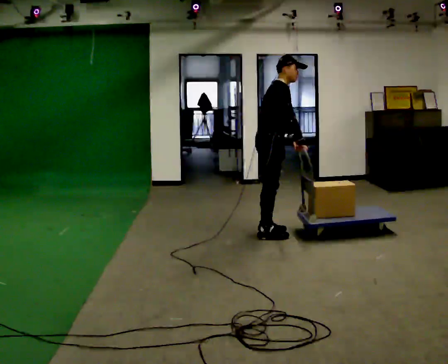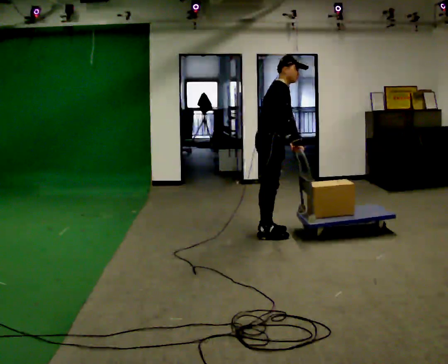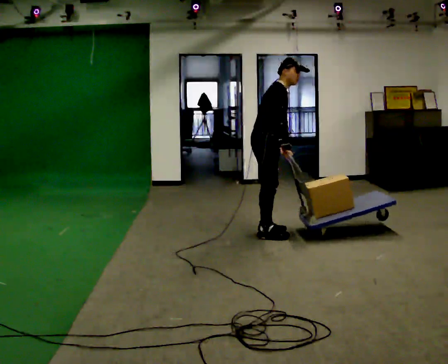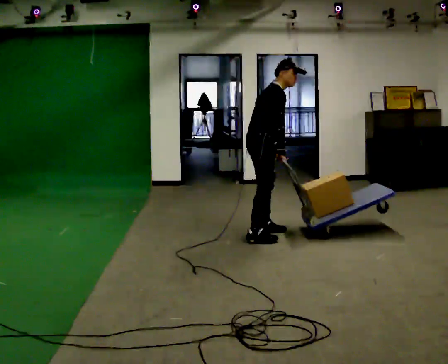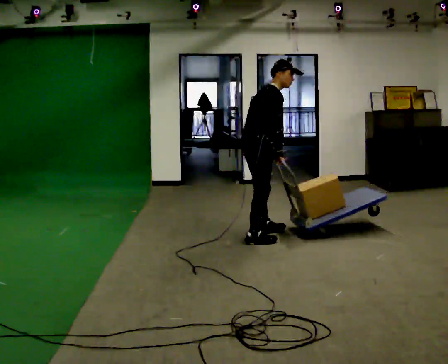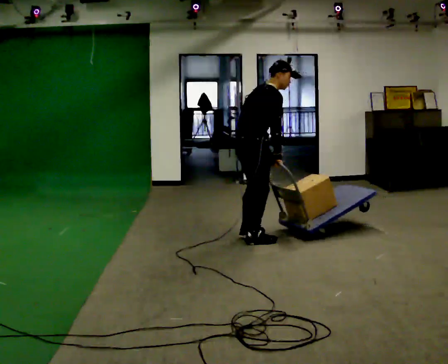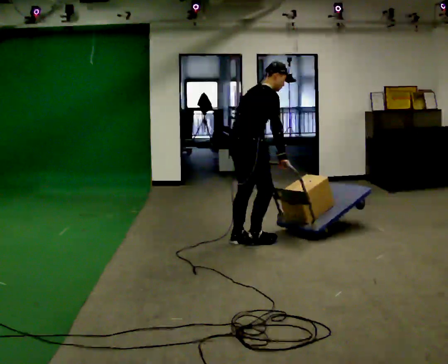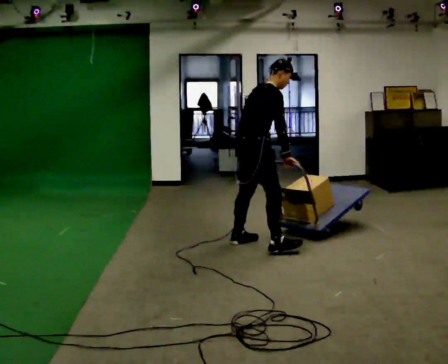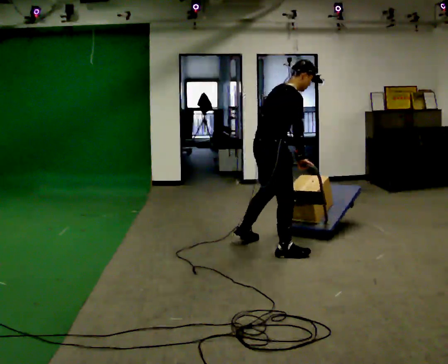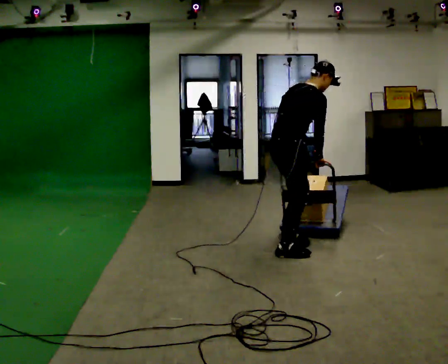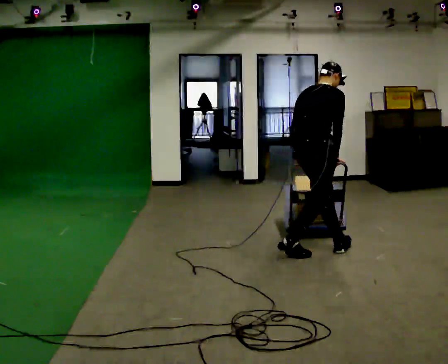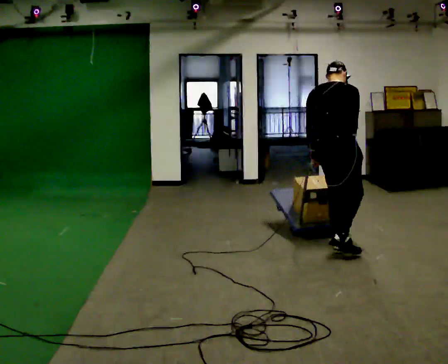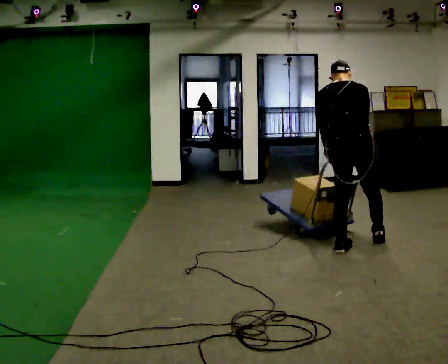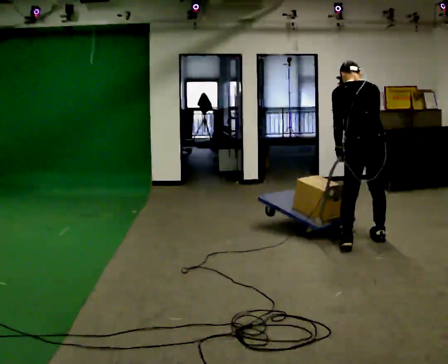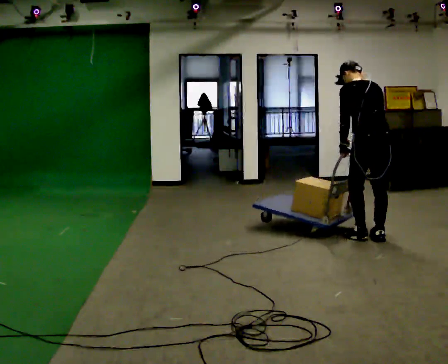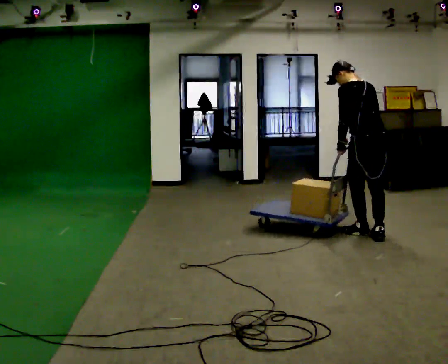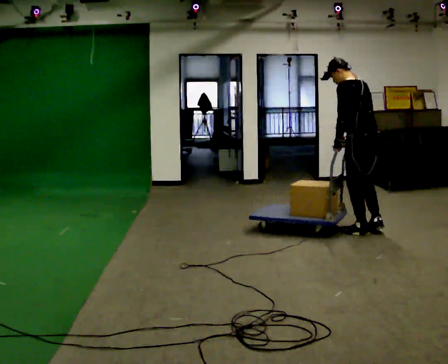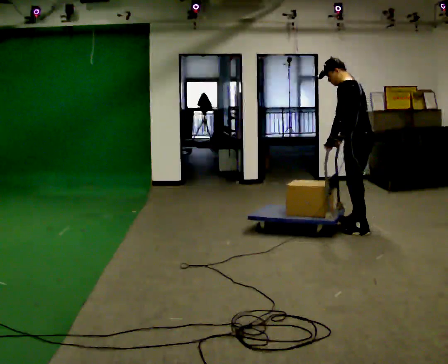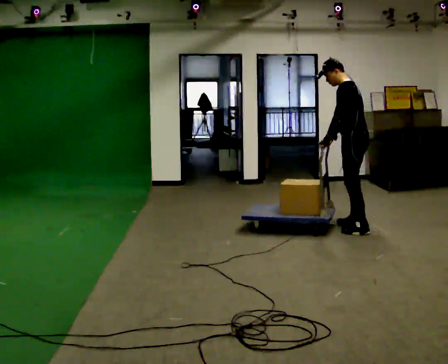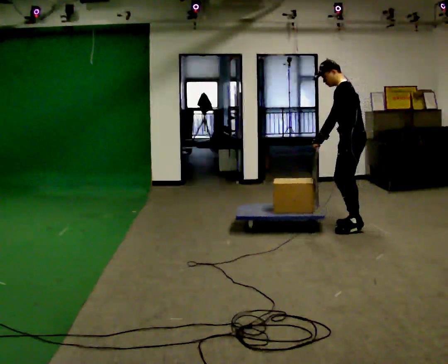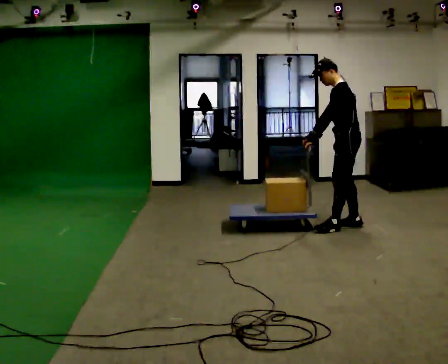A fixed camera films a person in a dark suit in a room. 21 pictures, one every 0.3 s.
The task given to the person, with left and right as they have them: Turn the cart round to face the other way without moving it out of the marked square, then turn it back. Repeat until the operator says stop.
0.0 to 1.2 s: In the picture they go toward the camera, about 0.25 m in 1 step, which for them is to their right.
1.2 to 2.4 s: In the picture they go toward the camera and to the right, about 0.5 m in 2 steps, which for them is to their right.
2.4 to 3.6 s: Seen from above the body turns counterclockwise, about 60 degrees: to their left, with its near side sliding to the right. In the picture they go to the right, about 0.5 m in 1 step. In the picture the upper body tilts counterclockwise, shoulders to the left.
3.6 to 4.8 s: The part of the body nearest the lens slides to the right as the person turns to their left by about 45 degrees. In the picture they go away from the camera, about 0.5 m in 2 steps, which for them is forward and to their right.
4.8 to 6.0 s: The person turns about 30 degrees to their left, counterclockwise seen from above, so the part of the body nearest the lens slides to the right. In the picture they go away from the camera, about 0.25 m in 2 steps, which for them is to their right and forward.
The film runs forward here.
